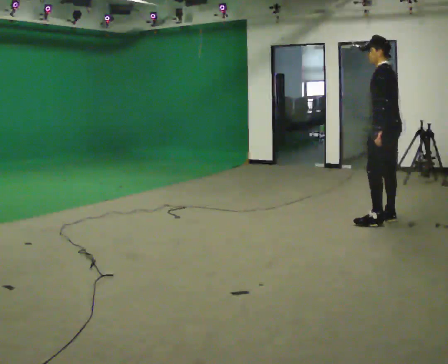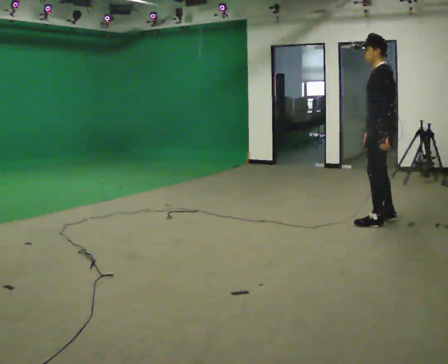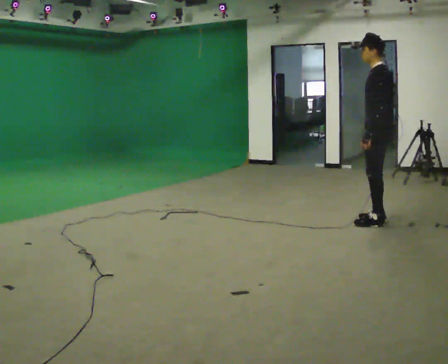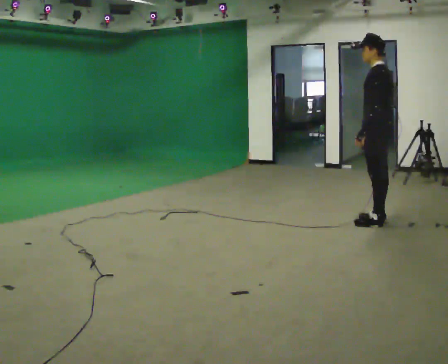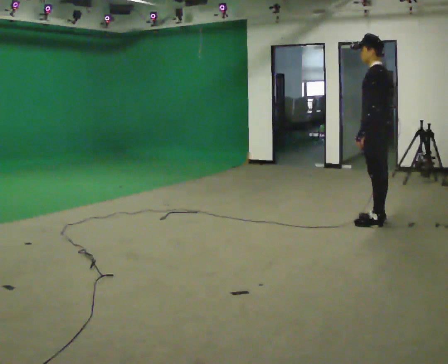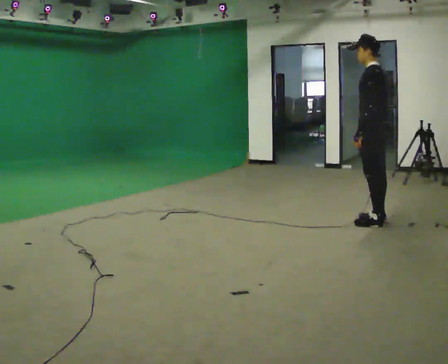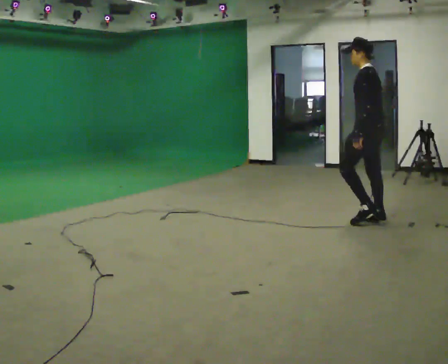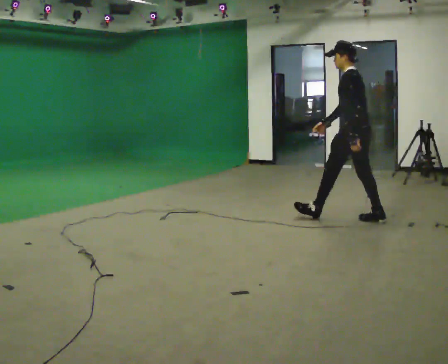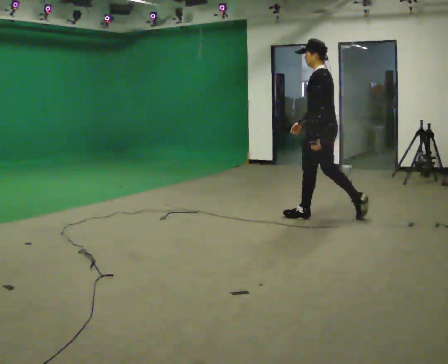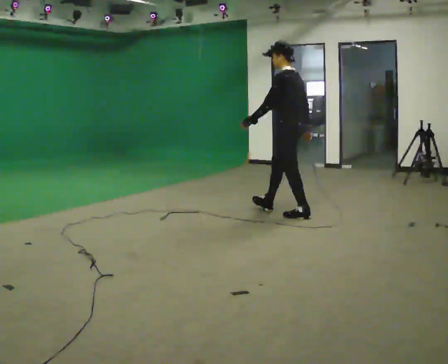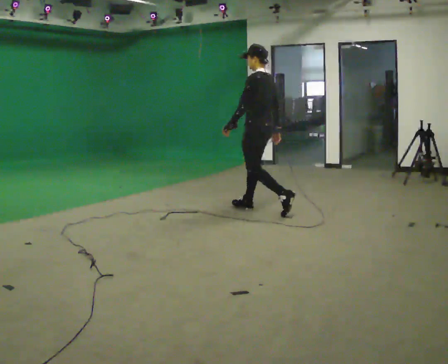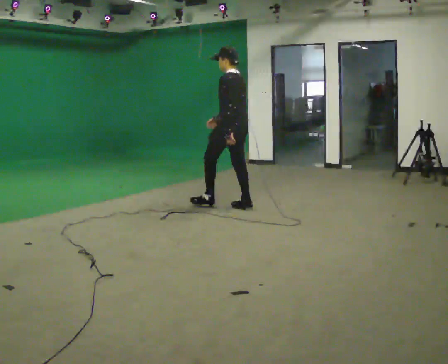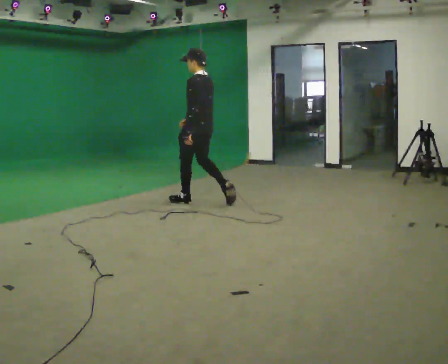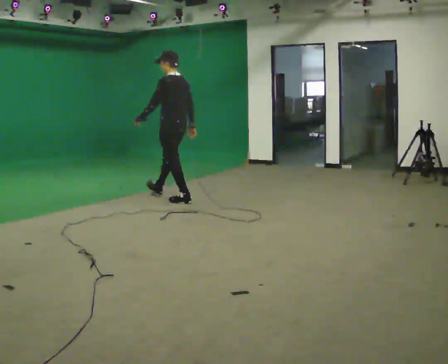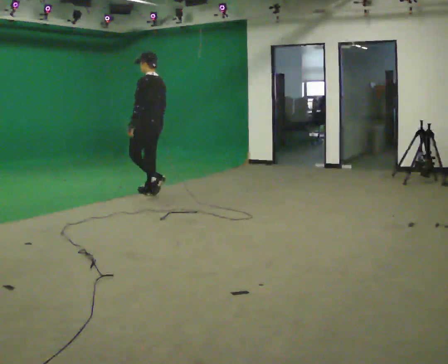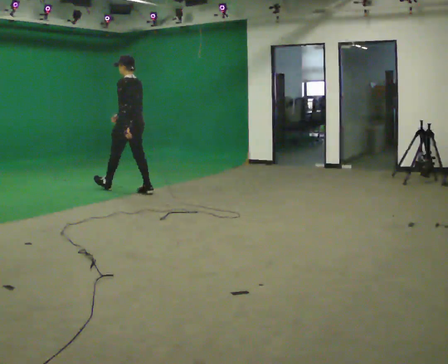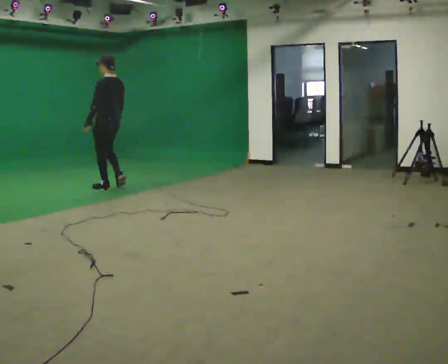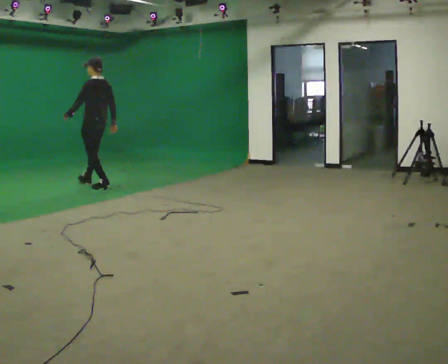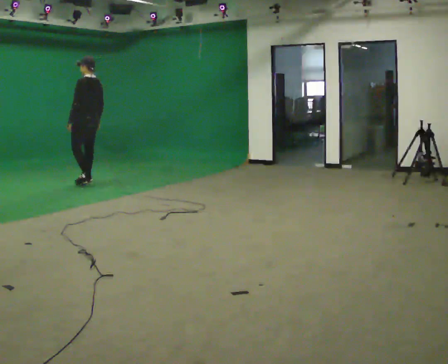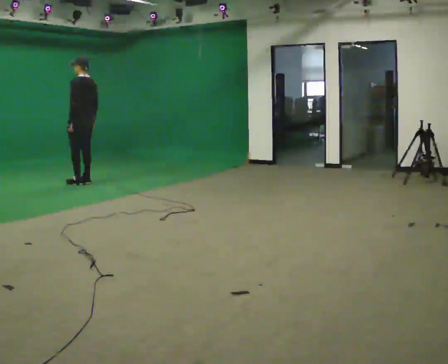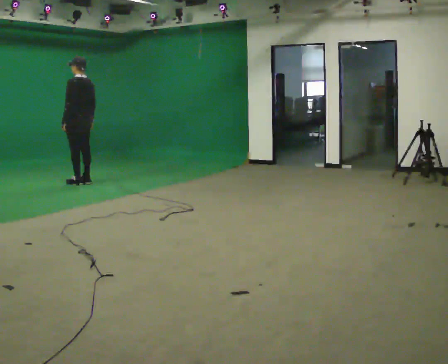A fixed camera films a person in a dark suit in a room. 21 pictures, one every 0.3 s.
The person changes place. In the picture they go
to the left.
0.0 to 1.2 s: The person moves a little, or ends about where they began.
1.2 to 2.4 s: In the picture they go to the left and away from the camera, about 0.5 m in 1 step, which for them is forward.
2.4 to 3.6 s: In the picture they go to the left and away from the camera, about 1.5 m in 2 steps, which for them is forward.
3.6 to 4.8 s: In the picture they go to the left and away from the camera, about 1.5 m in 2 steps, which for them is forward.
4.8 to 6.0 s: In the picture they go to the left and away from the camera, about 0.5 m in 2 steps, which for them is forward.
The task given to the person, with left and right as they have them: Walk normally; at marked point stop as quickly as comfortably possible; remain still.
The film runs forward here.
